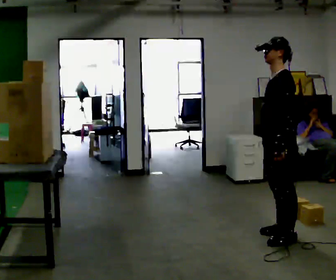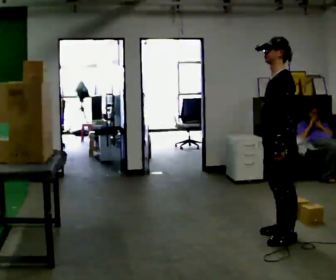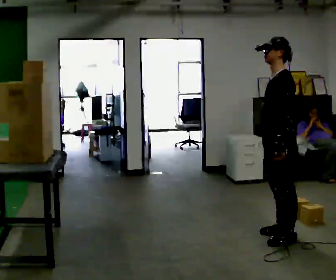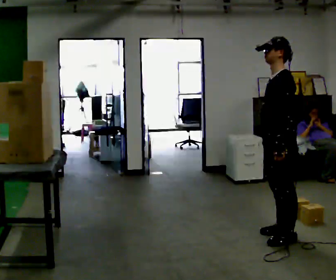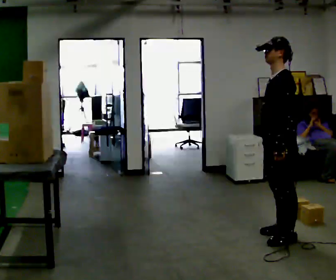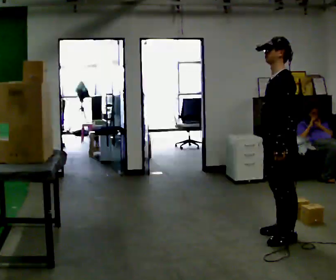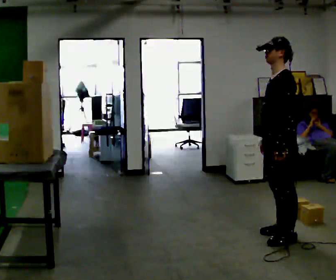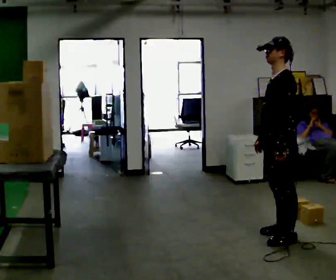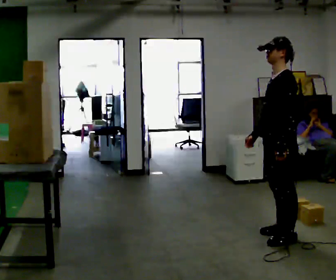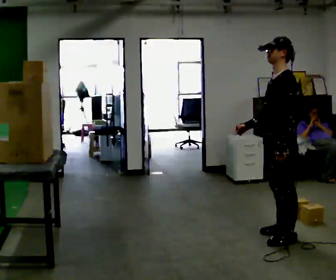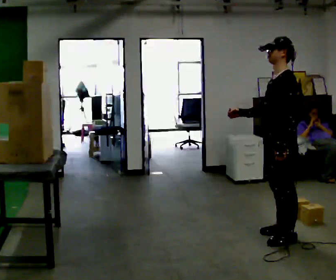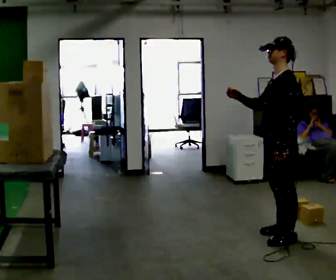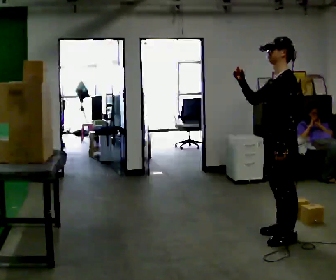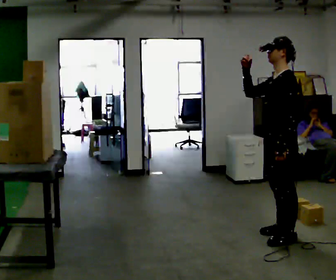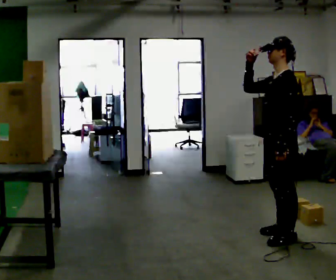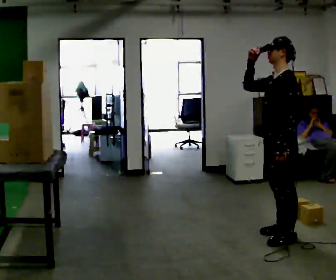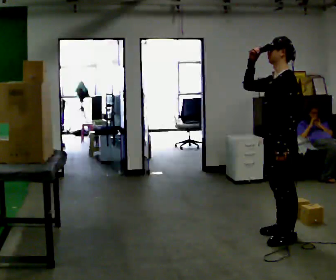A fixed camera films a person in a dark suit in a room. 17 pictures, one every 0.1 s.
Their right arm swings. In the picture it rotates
clockwise.
Their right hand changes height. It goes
upward.
0.0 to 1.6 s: In the picture their right hand goes upward, the arm swinging clockwise.
The film runs backward here.
